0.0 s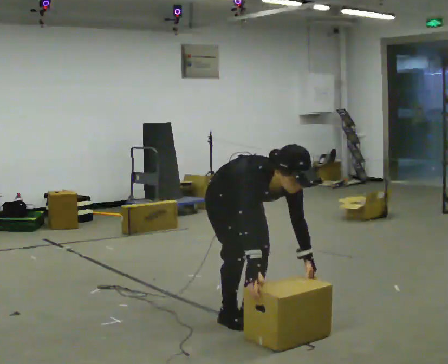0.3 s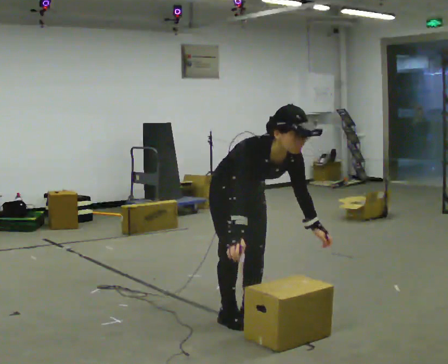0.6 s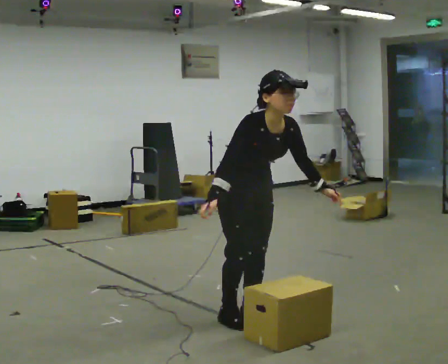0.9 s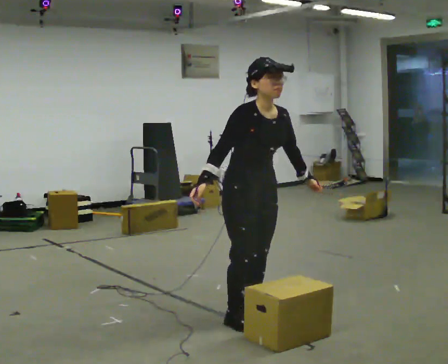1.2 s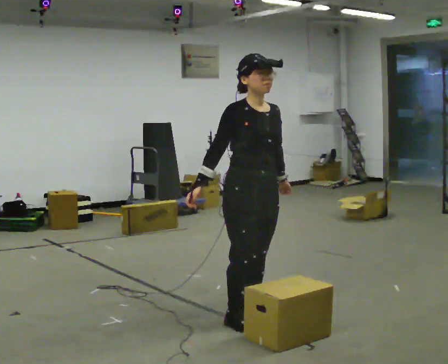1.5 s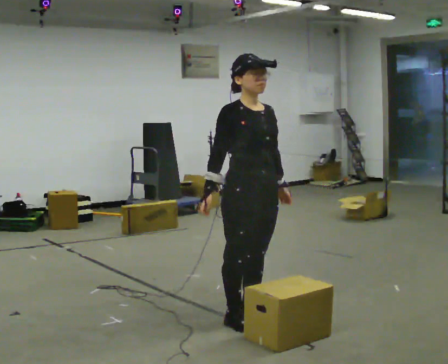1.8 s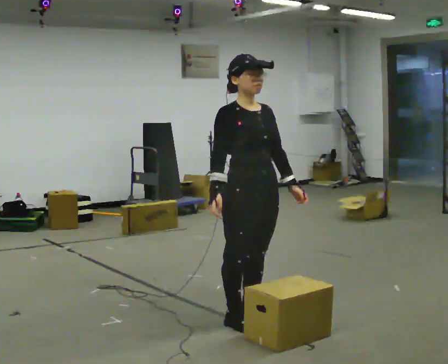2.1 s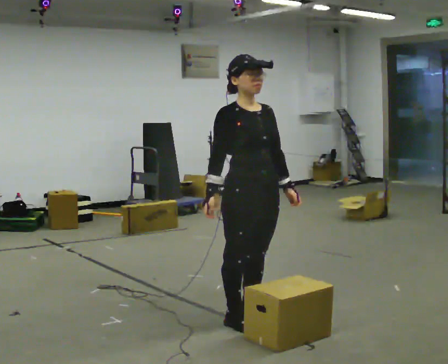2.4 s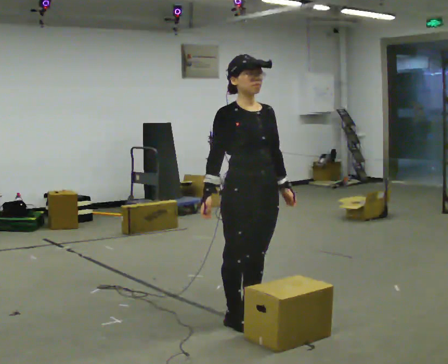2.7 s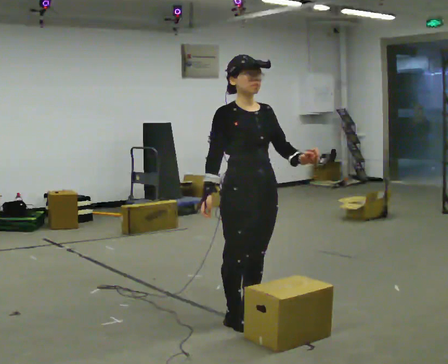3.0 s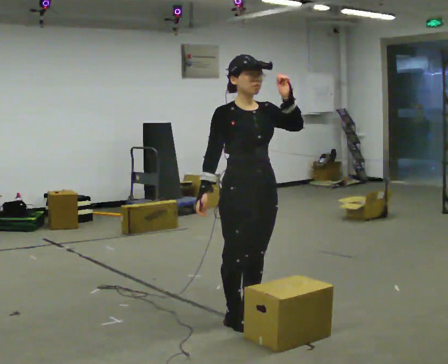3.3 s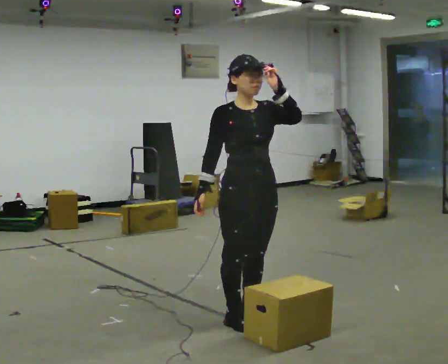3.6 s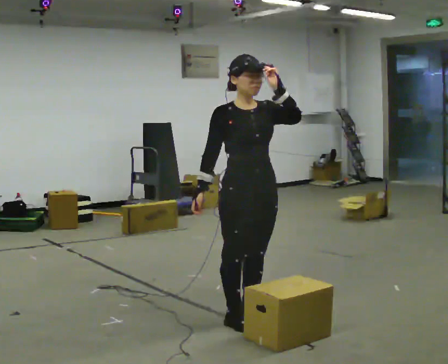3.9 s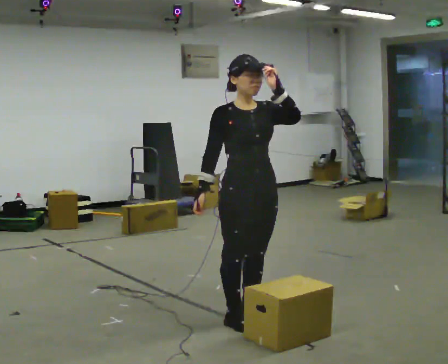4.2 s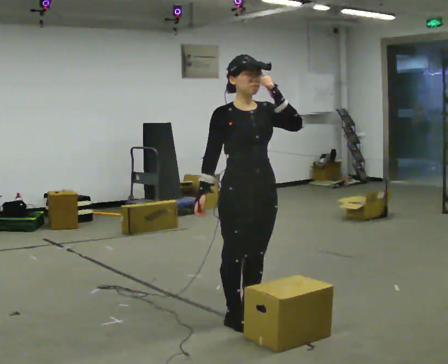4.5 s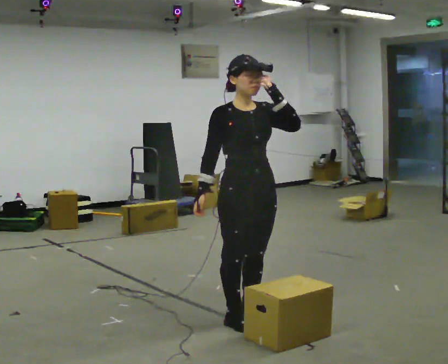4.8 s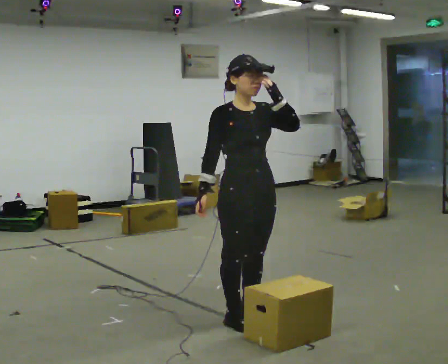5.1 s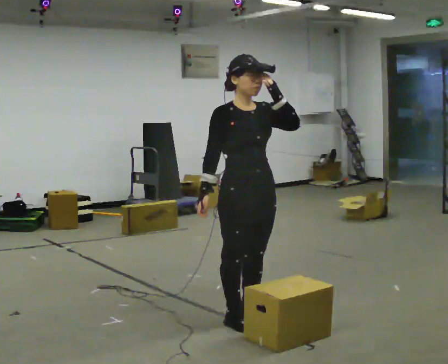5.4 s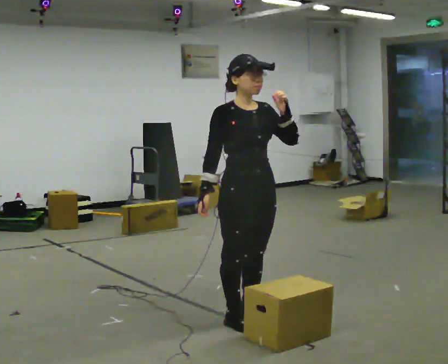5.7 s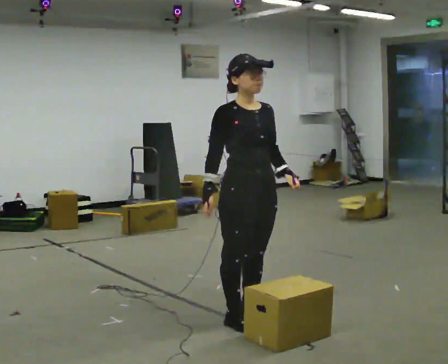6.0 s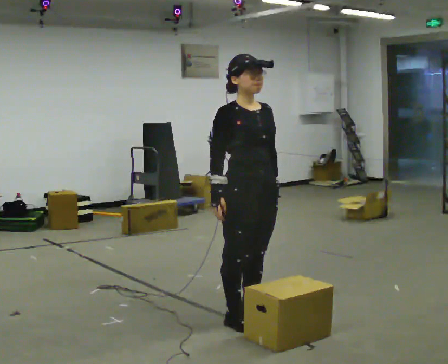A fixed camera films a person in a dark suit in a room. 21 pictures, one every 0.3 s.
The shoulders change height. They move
upward.
0.0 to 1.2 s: The upper body goes upward. The upper body tips away from the camera, its near side rolling upward, as they lean back or straighten. In the picture their right hand goes upward and to the left.
1.2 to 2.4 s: The person moves a little, or ends about where they began.
2.4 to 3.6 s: In the picture their left hand goes upward.
3.6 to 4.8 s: The person moves a little, or ends about where they began.
4.8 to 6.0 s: In the picture their left hand goes downward.
The film runs forward here.
